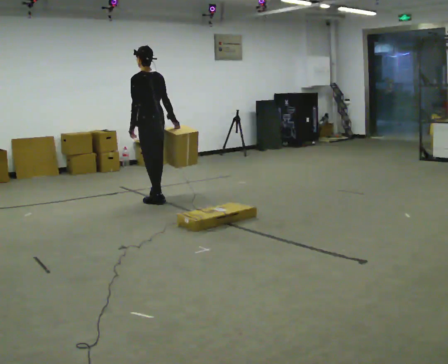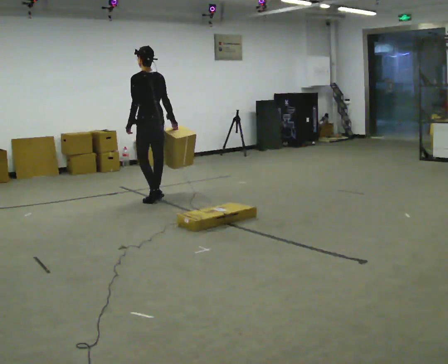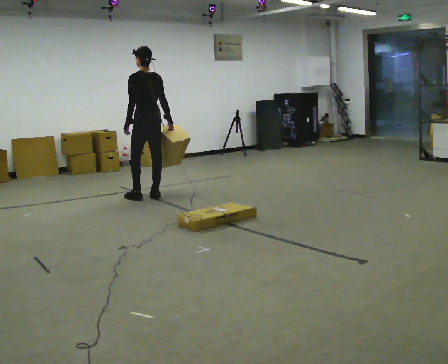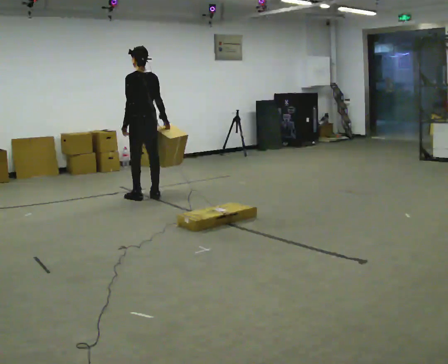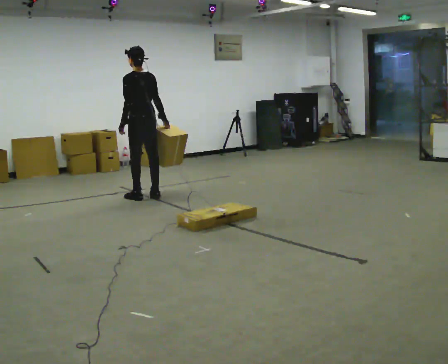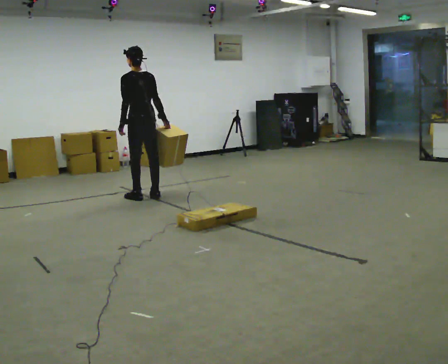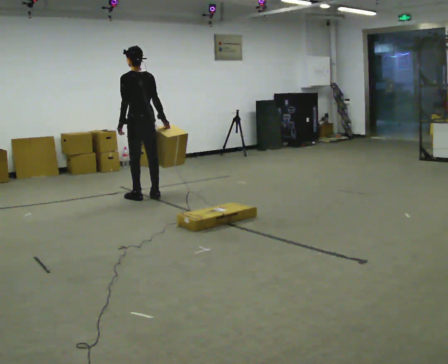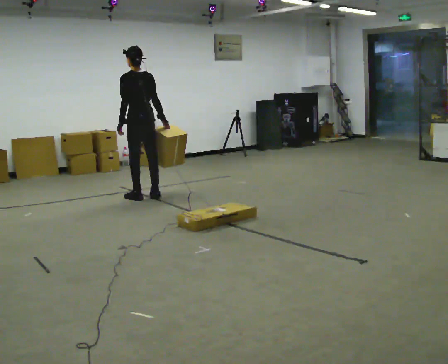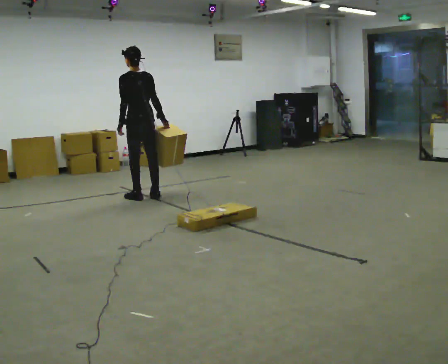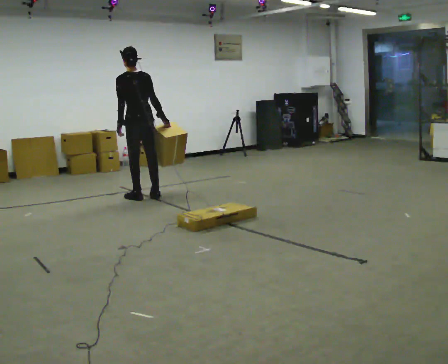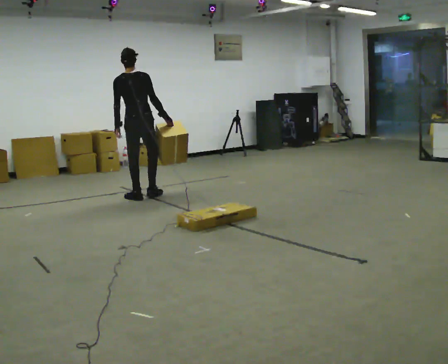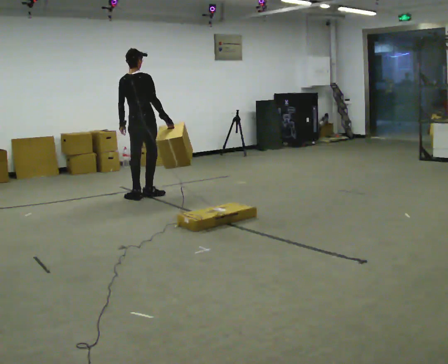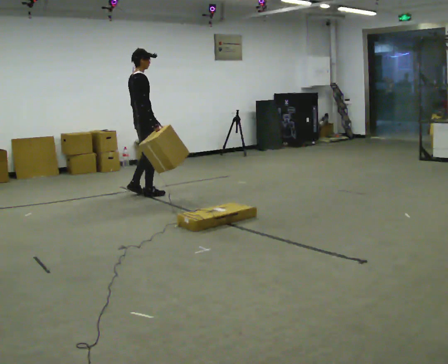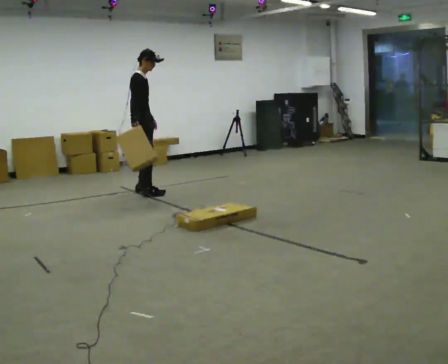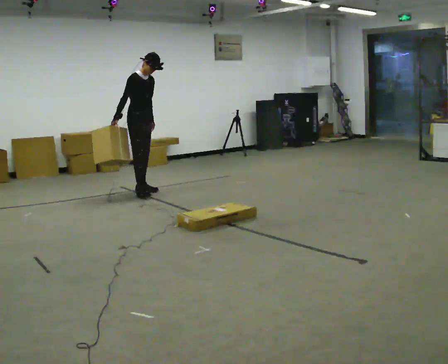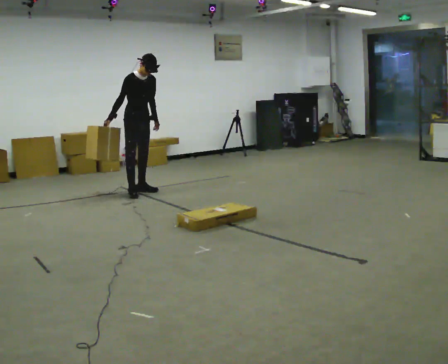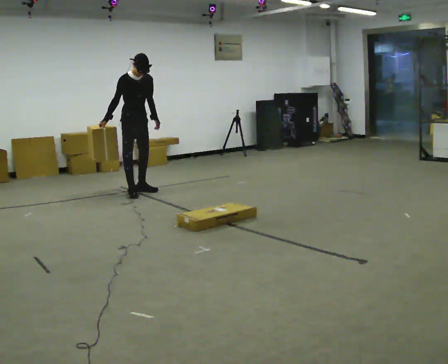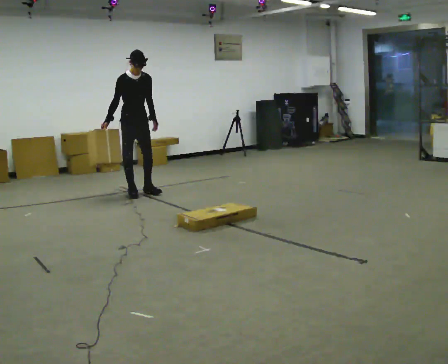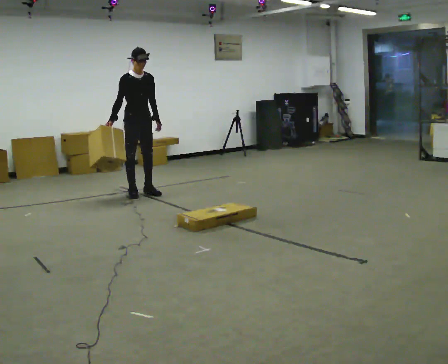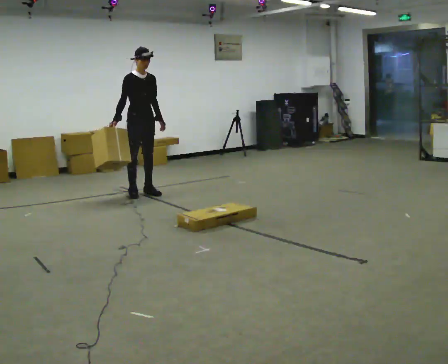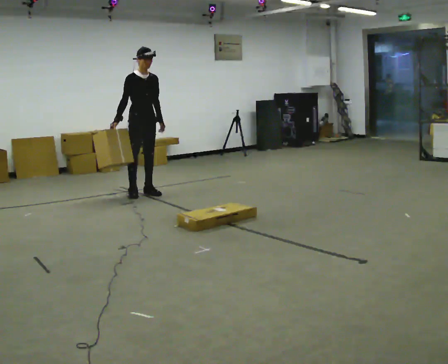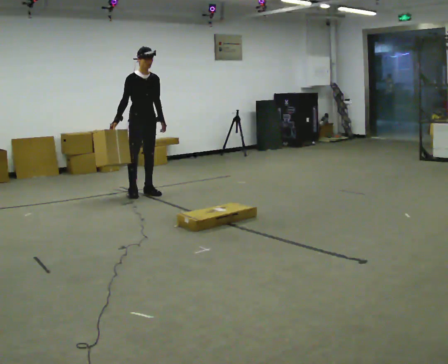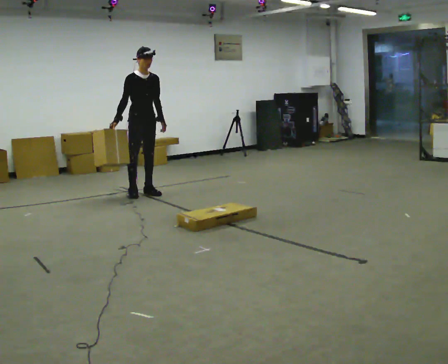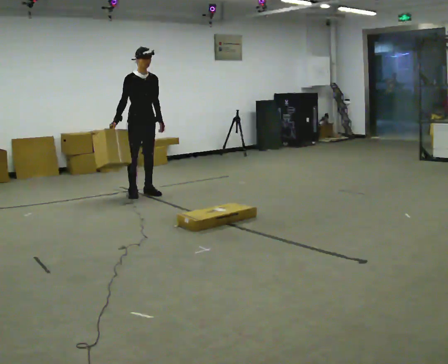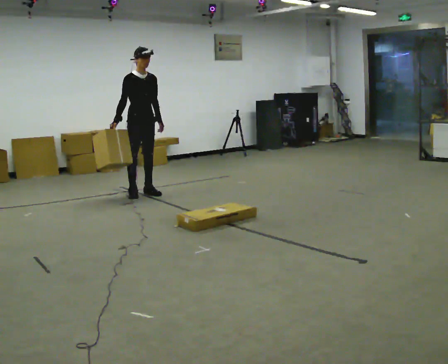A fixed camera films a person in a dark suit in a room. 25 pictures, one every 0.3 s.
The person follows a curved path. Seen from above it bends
counterclockwise.
The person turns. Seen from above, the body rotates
clockwise.
0.0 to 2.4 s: The person moves a little, or ends about where they began.
2.4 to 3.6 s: Seen from above the body turns clockwise, about 105 degrees: to their right, with its near side sliding to the left. In the picture they go away from the camera, about 0.25 m in 1 step.
3.6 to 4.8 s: The part of the body nearest the lens slides to the left as the person turns to their right by about 90 degrees. In the picture they go away from the camera, about 0.25 m in 2 steps. In the picture their right hand goes to the left, the arm swinging clockwise.
4.8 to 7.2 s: The person moves a little, or ends about where they began.
The film runs forward here.
